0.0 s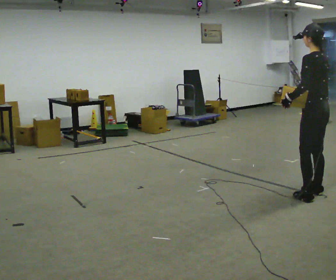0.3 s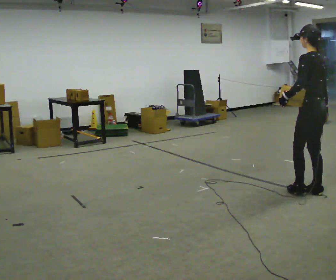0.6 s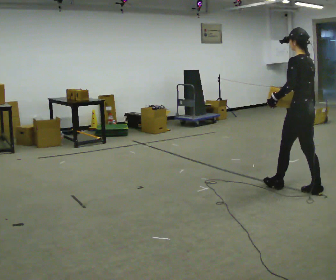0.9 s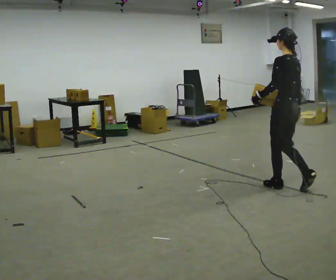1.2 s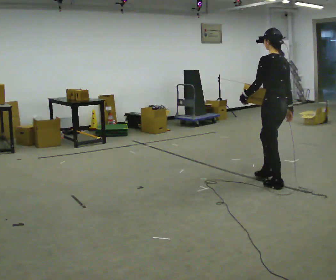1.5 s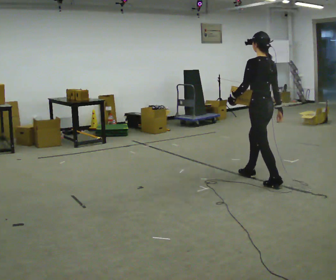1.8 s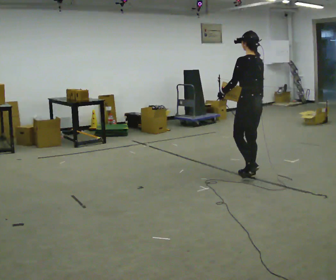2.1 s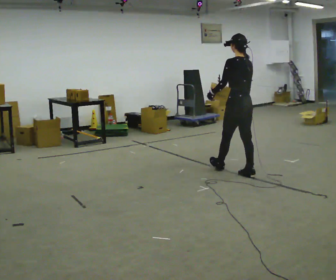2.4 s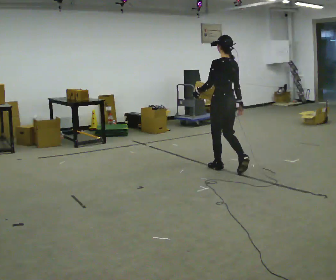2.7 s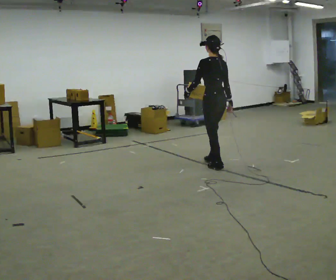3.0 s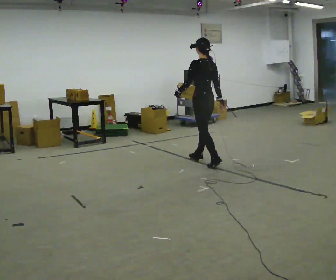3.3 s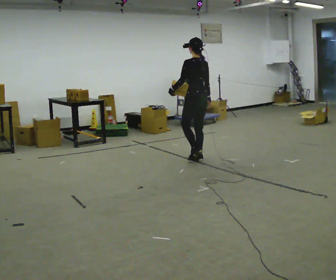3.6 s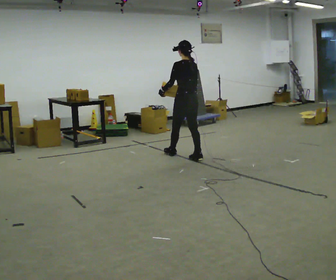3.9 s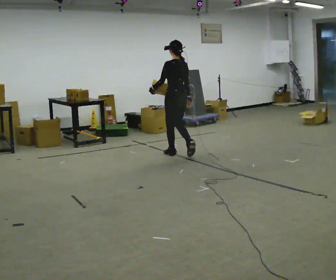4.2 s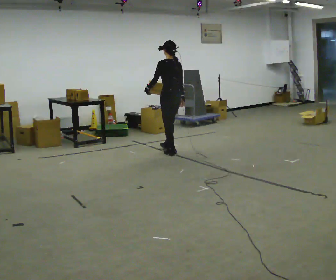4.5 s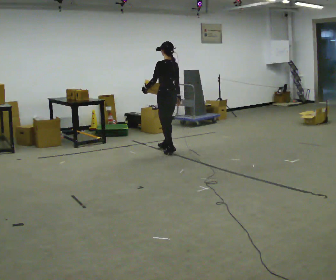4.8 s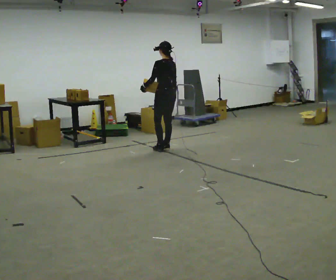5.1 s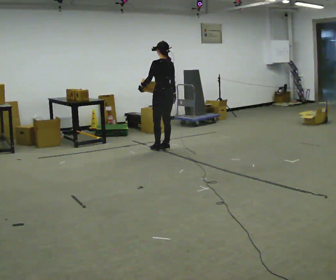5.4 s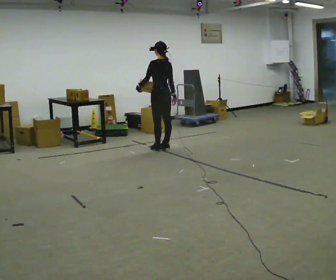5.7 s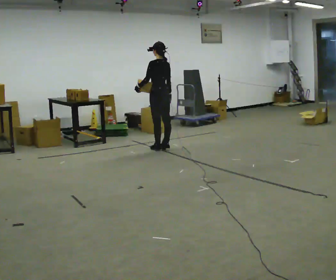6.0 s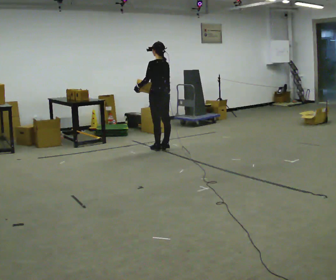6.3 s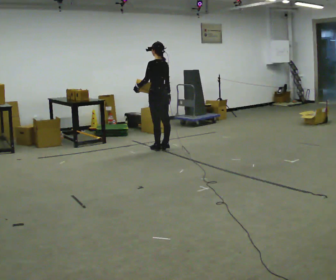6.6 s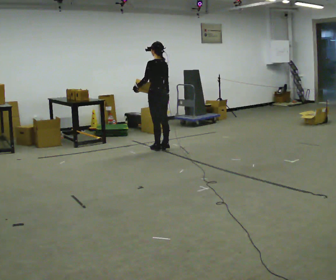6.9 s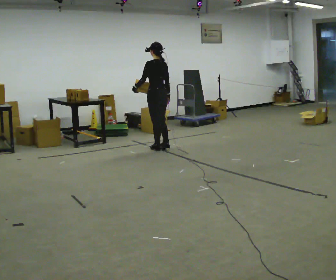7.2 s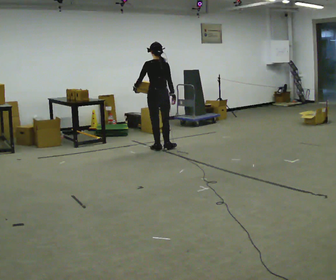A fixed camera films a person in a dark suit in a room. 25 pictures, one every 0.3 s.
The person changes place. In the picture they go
away from the camera.
0.0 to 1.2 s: In the picture they go away from the camera and to the left, about 0.5 m in 1 step, which for them is forward.
1.2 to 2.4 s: In the picture they go away from the camera and to the left, about 1 m in 2 steps, which for them is forward.
2.4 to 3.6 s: In the picture they go away from the camera and to the left, about 1 m in 2 steps, which for them is forward.
3.6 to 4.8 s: In the picture they go away from the camera and to the left, about 0.5 m in 1 step, which for them is forward.
4.8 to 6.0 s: The person moves a little, or ends about where they began.
6.0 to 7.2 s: The part of the body nearest the lens slides to the left as the person turns to their right by about 30 degrees.
The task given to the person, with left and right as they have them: Carry the object in the hand the operator calls, down at your side, walking back and forth across the room.
The film runs forward here.
